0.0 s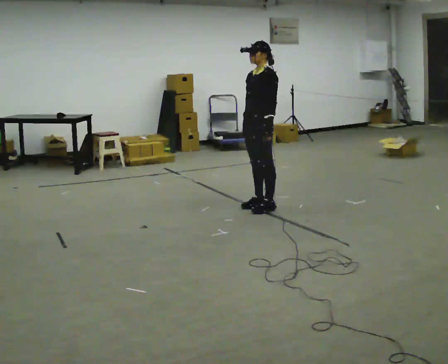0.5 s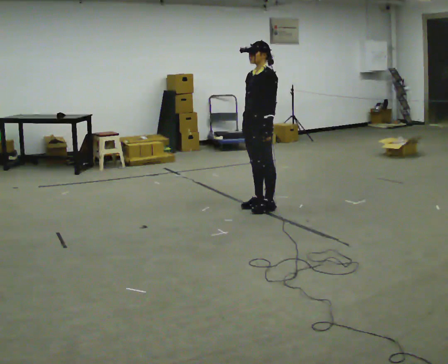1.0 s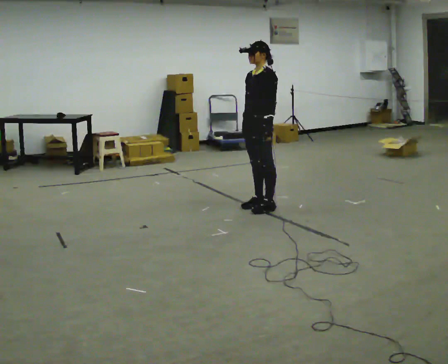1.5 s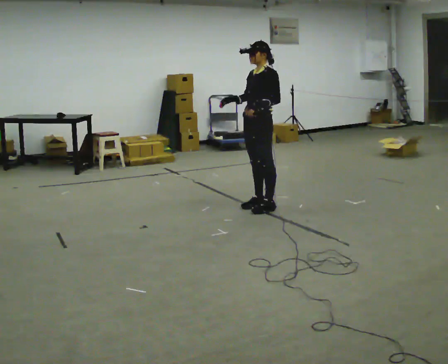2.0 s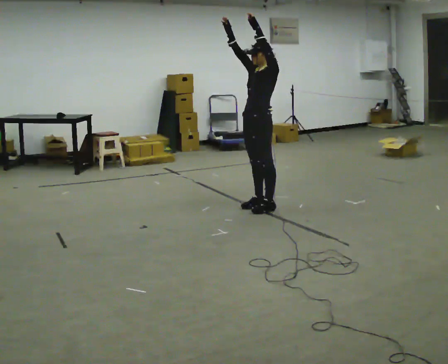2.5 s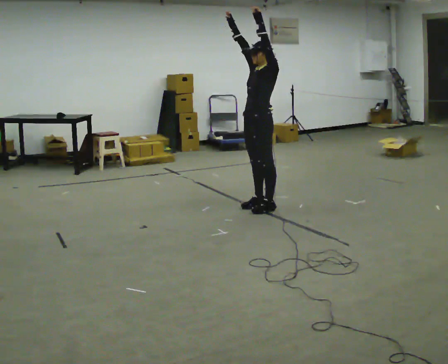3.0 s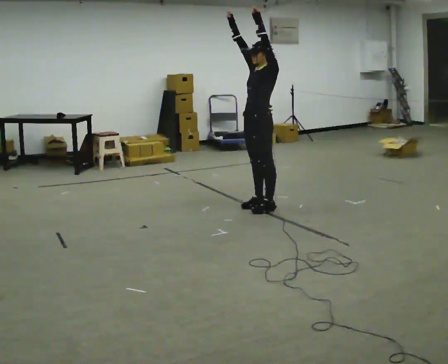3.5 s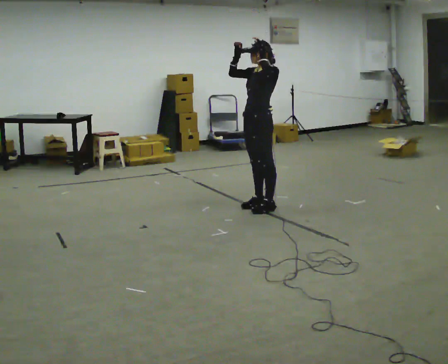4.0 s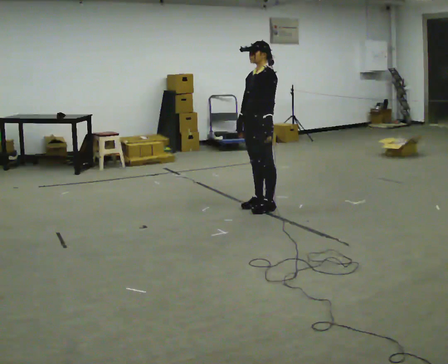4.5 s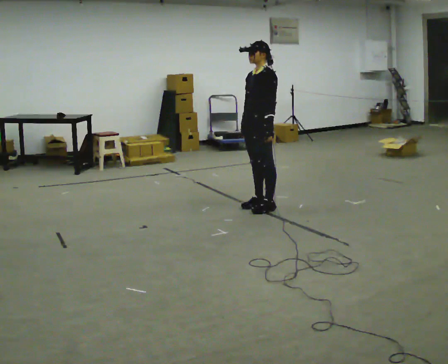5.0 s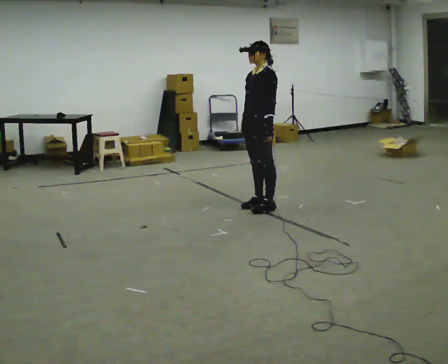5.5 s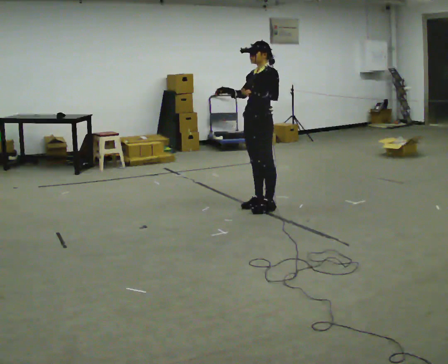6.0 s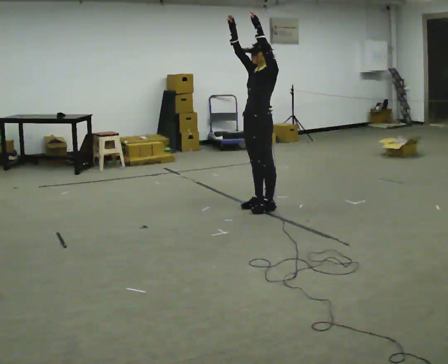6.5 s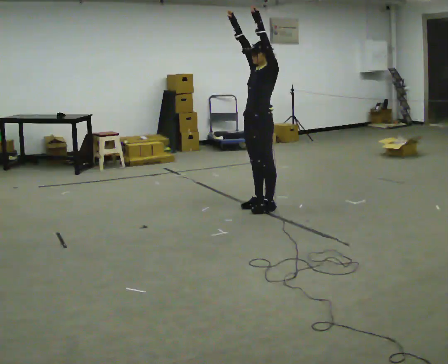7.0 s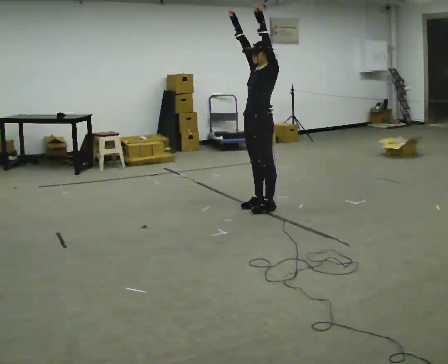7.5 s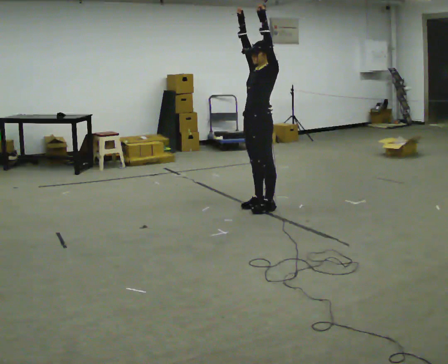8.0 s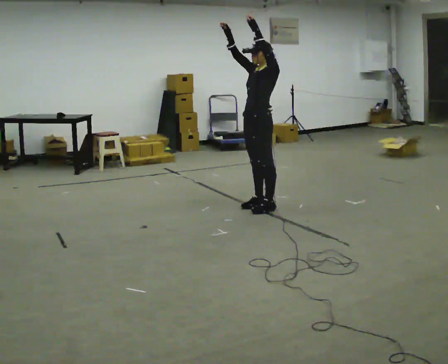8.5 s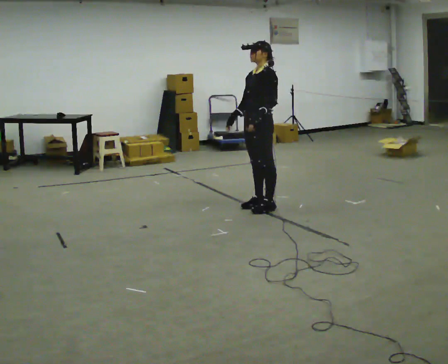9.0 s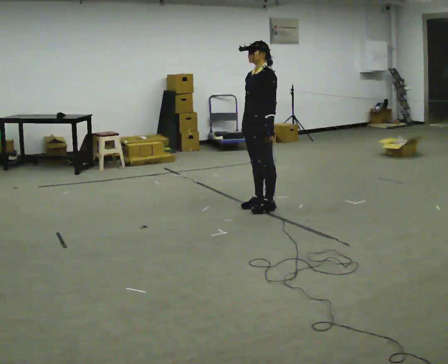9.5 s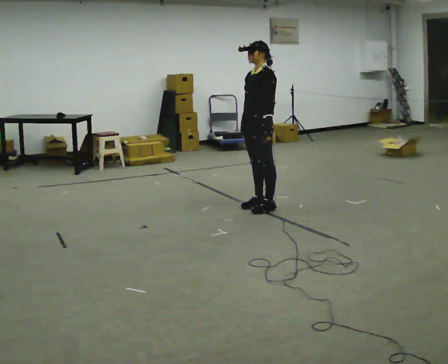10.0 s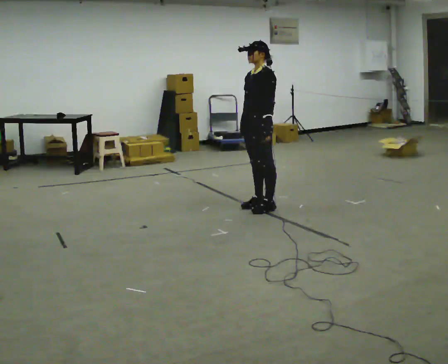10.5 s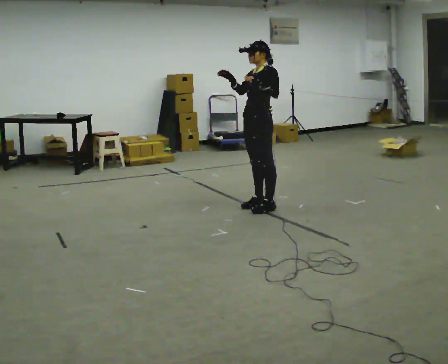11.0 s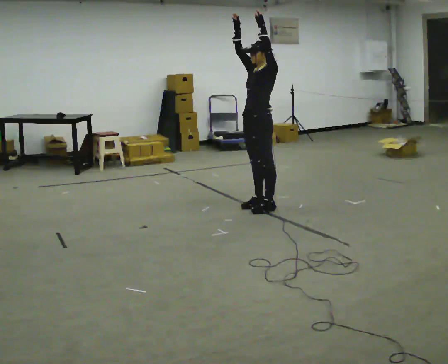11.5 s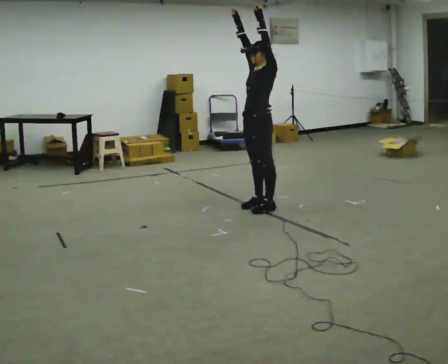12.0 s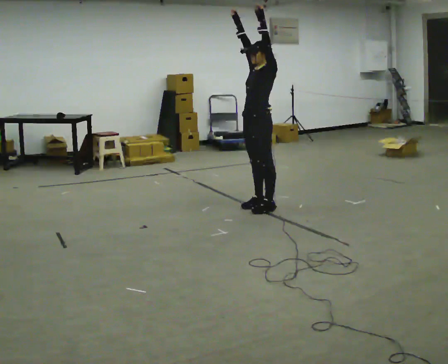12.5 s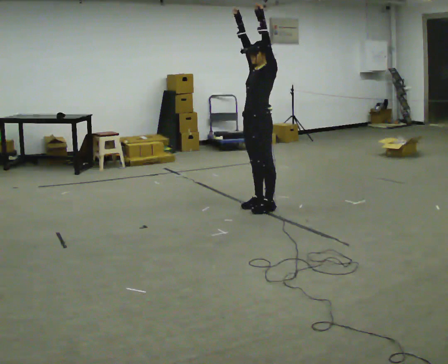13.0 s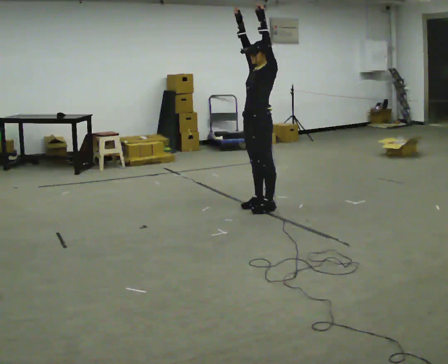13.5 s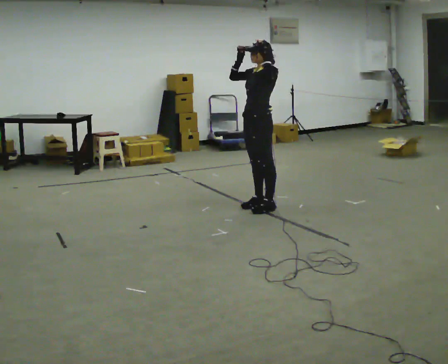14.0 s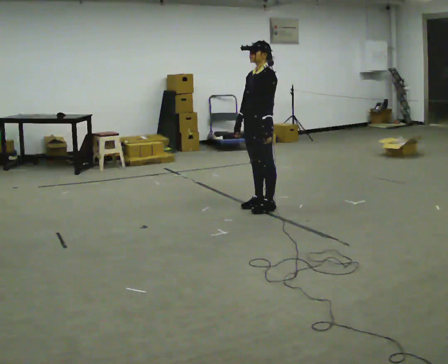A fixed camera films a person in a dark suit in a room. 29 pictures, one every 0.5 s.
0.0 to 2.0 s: In the picture their left hand goes upward.
2.0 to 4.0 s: In the picture their left hand goes downward.
4.0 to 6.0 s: In the picture their left hand goes upward.
6.0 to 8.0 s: The person moves a little, or ends about where they began.
8.0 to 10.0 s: In the picture their left hand goes downward.
10.0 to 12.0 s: In the picture their left hand goes upward.
12.0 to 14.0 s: In the picture their left hand goes downward.
The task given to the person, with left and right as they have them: Keeping your feet still, reach both arms up overhead as high as is comfortable, then lower them. Repeat the movement at your own pace until the operator says stop; do not rush.
The film runs forward here.
